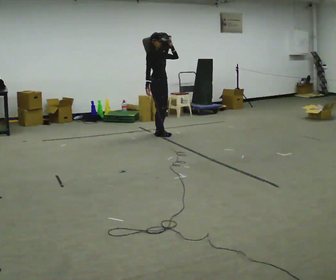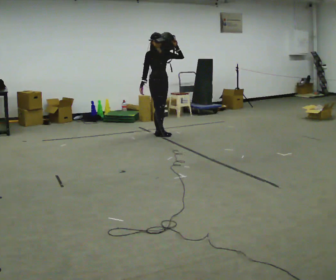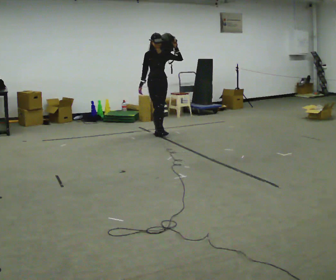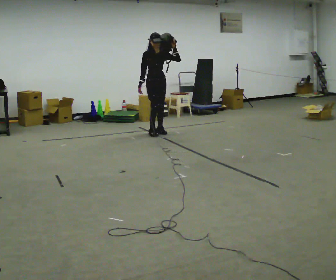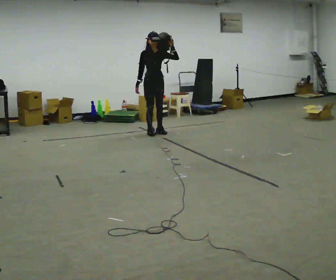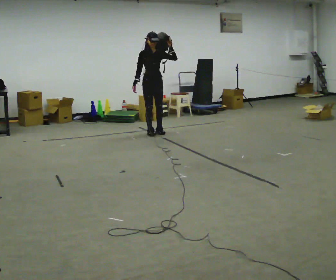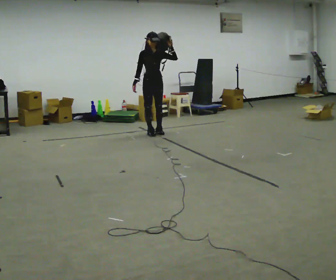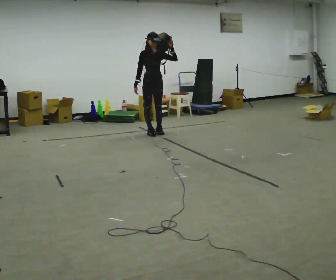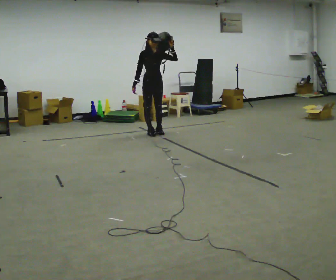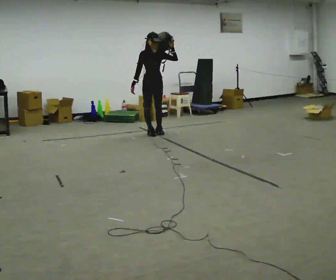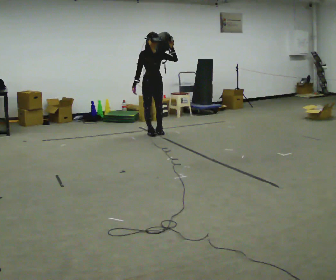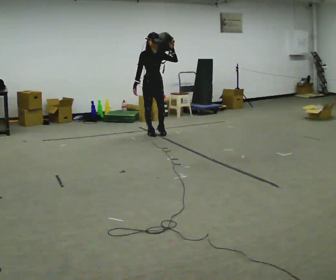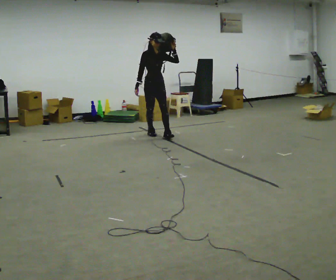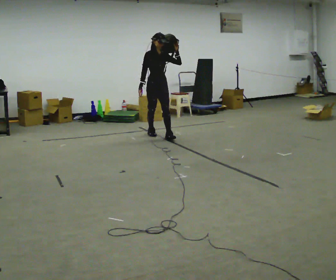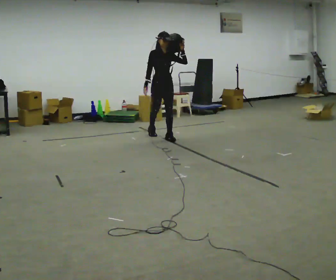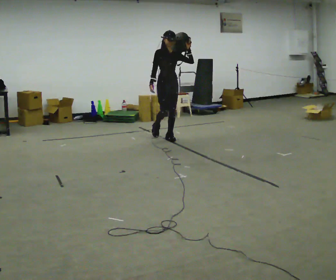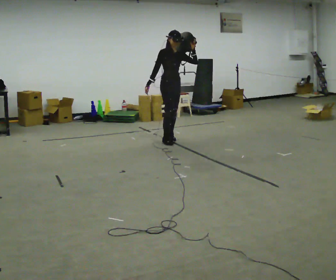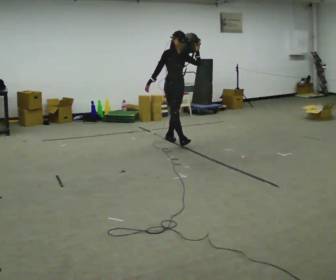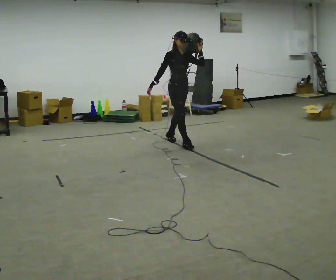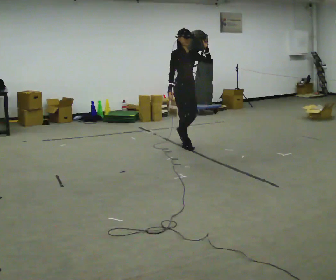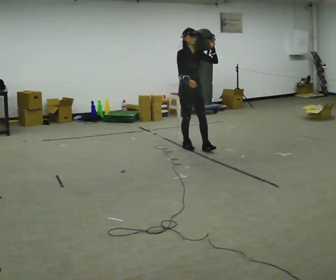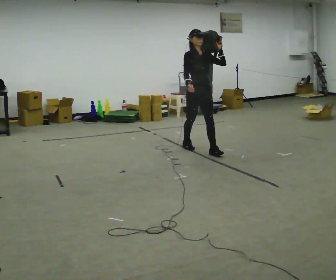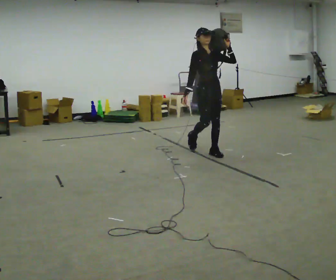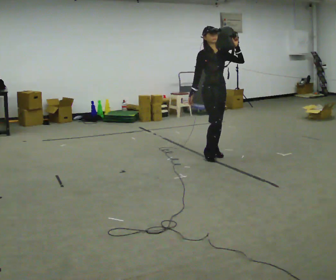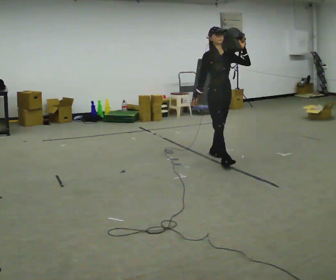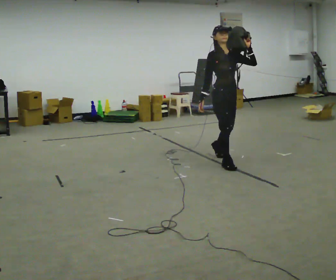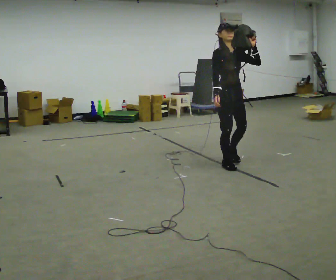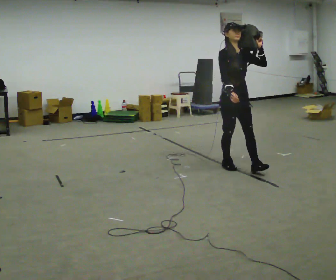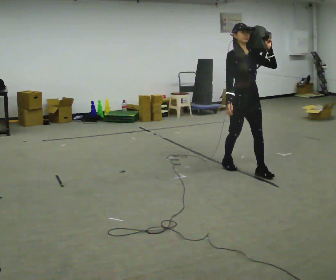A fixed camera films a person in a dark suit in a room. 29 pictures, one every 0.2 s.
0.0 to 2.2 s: The person moves a little, or ends about where they began.
2.2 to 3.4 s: In the picture they go toward the camera and to the right, about 0.75 m in 1 step, which for them is forward.
3.4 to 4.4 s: In the picture they go toward the camera and to the right, about 1 m in 2 steps, which for them is forward.
4.4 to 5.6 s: In the picture they go toward the camera, about 1 m in 2 steps, which for them is forward.
The film runs forward here.
